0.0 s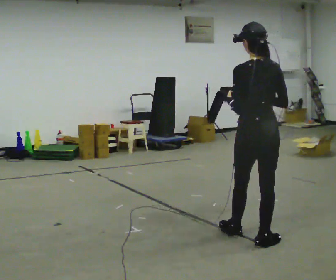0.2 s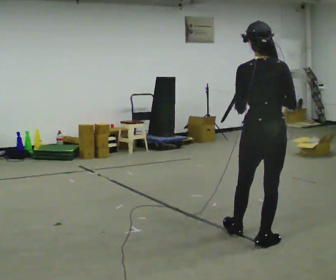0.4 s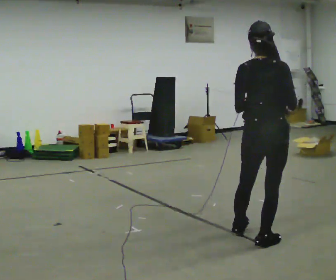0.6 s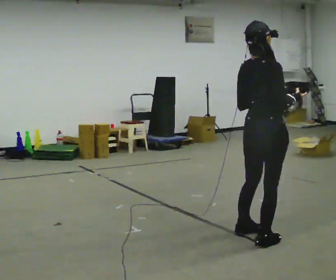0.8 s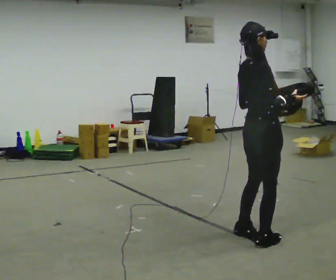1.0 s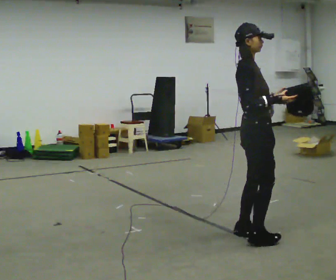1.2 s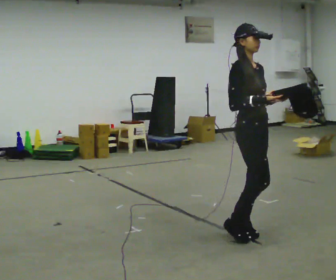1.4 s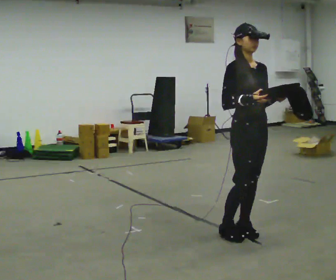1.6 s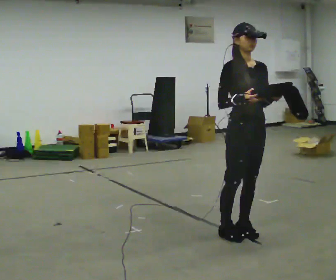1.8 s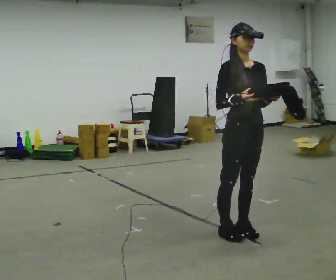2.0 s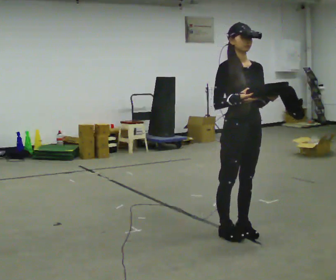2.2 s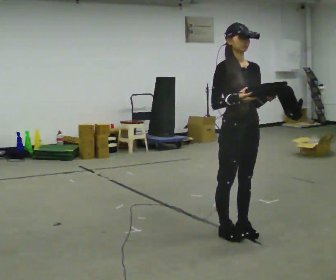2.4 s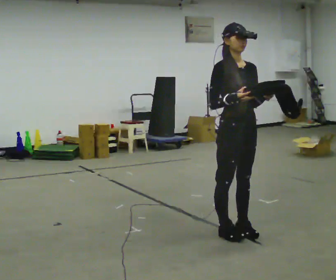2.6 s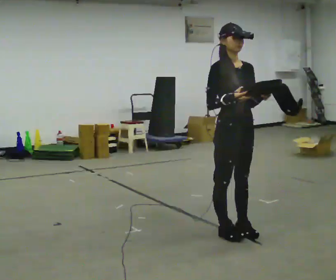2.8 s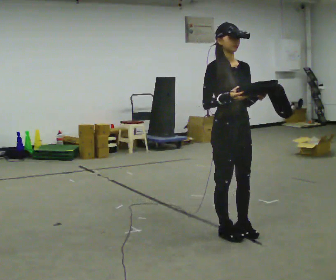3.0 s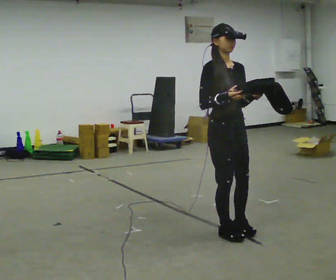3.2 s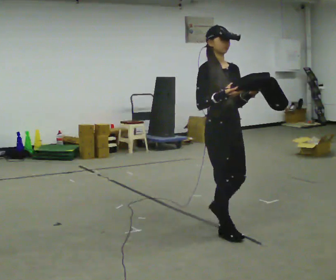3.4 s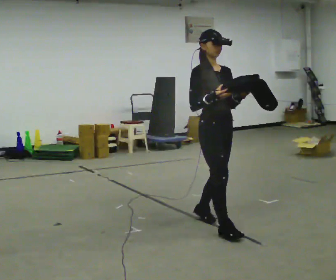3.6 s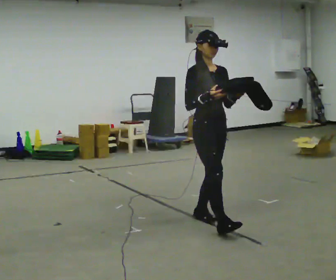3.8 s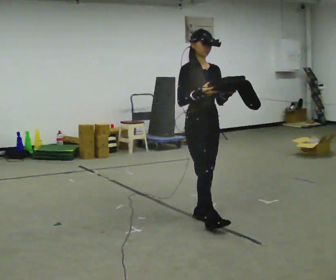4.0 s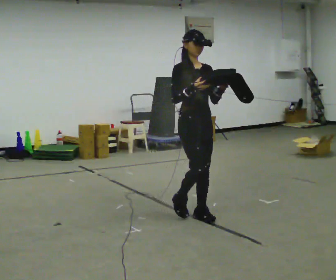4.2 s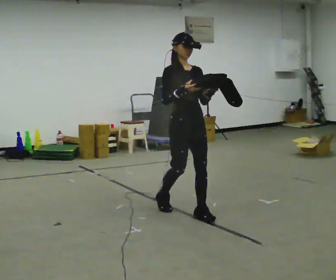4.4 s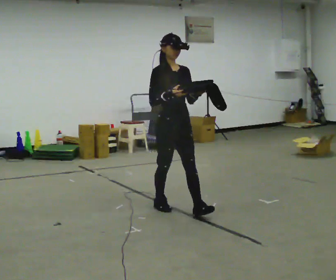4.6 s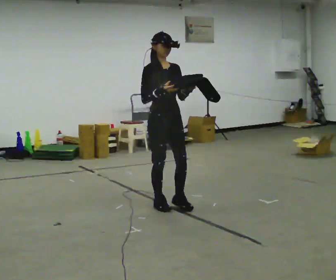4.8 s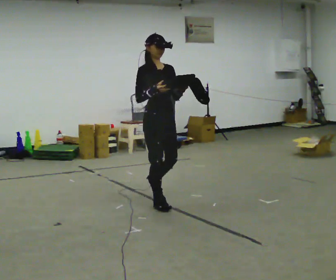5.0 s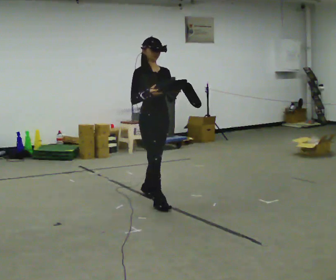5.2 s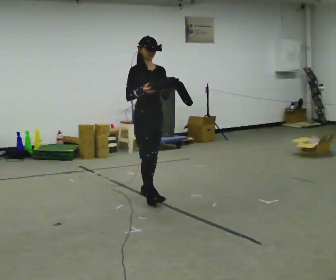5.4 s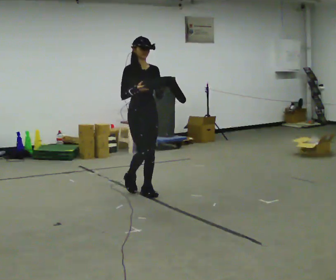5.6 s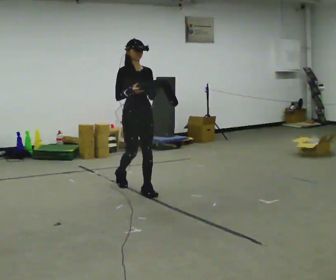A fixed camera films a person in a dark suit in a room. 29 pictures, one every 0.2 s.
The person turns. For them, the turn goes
to their right.
The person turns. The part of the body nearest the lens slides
to the left.
0.0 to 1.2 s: Seen from above the body turns clockwise, about 135 degrees: to their right, with its near side sliding to the left.
1.2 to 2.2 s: The person moves a little, or ends about where they began.
2.2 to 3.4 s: In the picture they go away from the camera and to the left, about 0.25 m in 1 step, which for them is backward.
3.4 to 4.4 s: In the picture they go away from the camera and to the left, about 0.75 m in 2 steps, which for them is backward.
4.4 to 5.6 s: In the picture they go away from the camera and to the left, about 1 m in 1 step, which for them is backward.
The film runs backward here.
